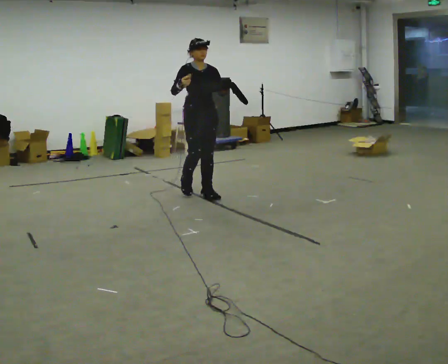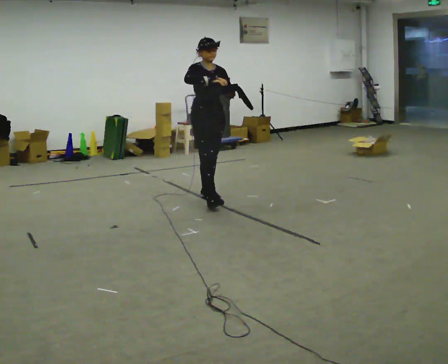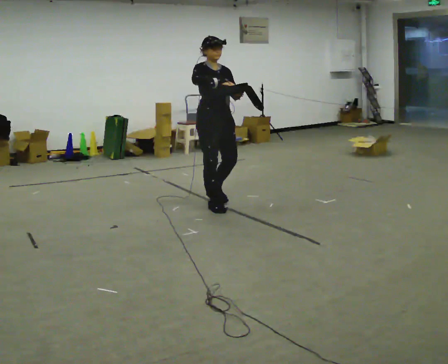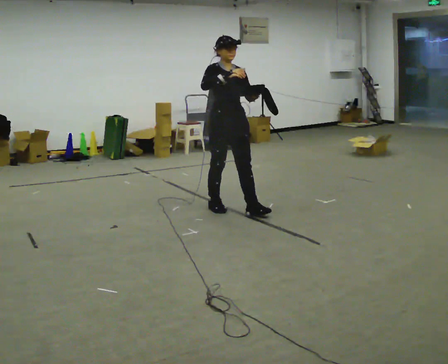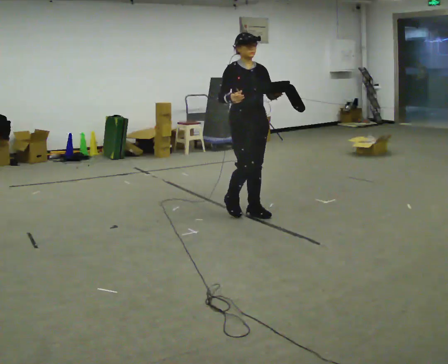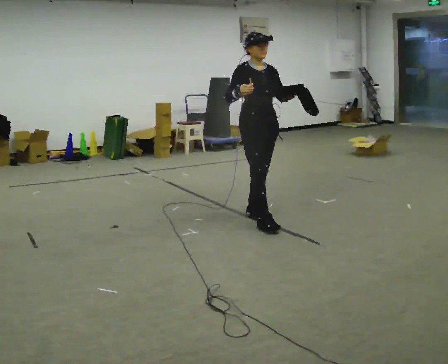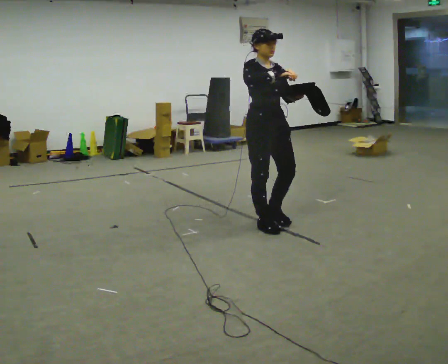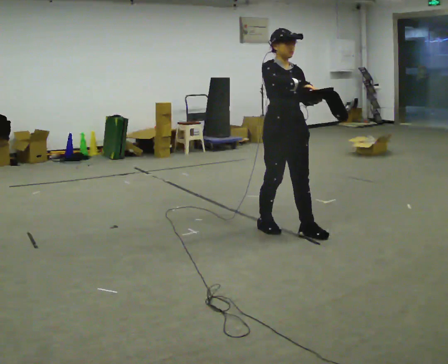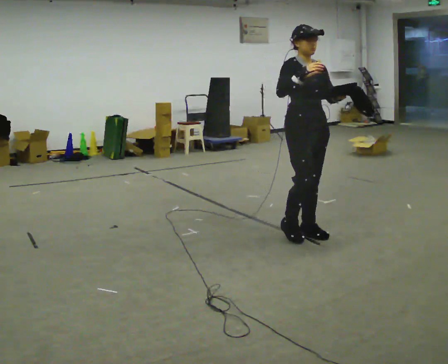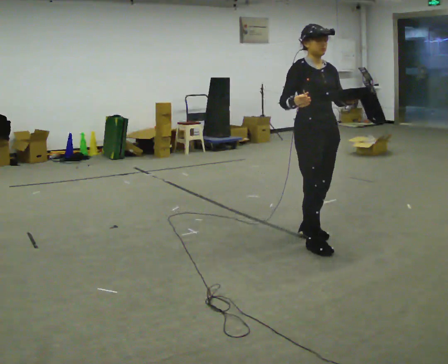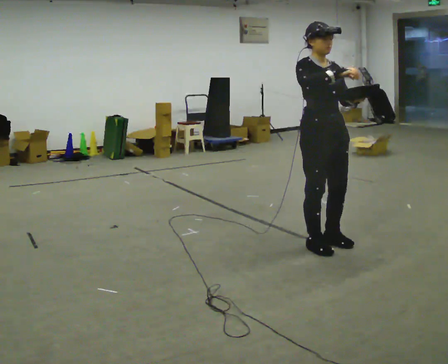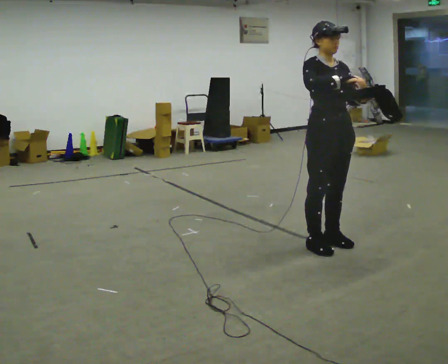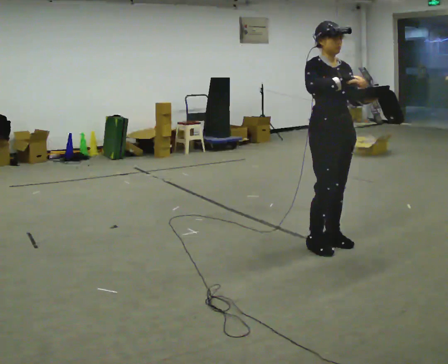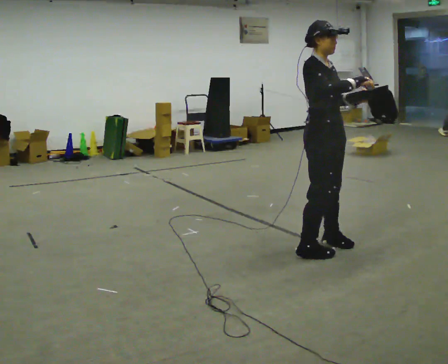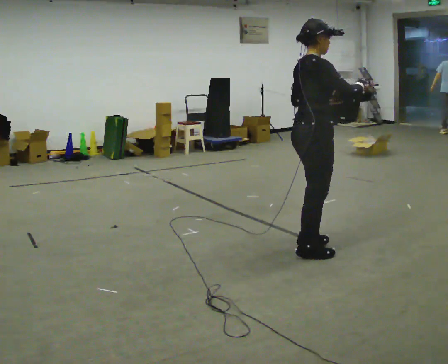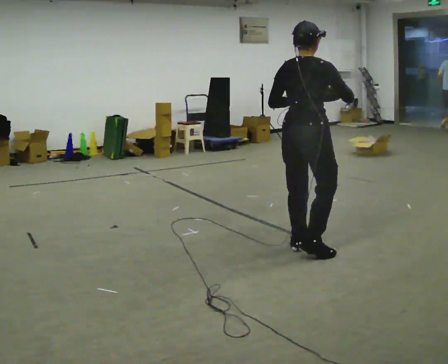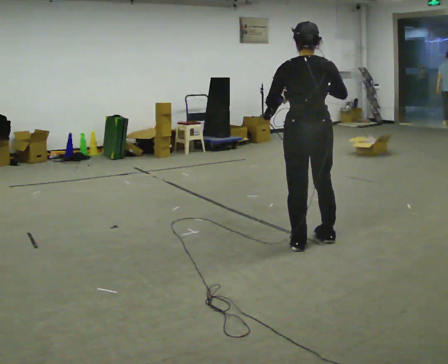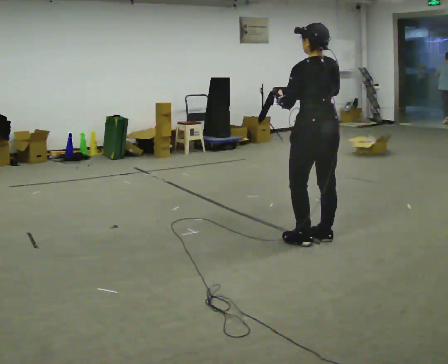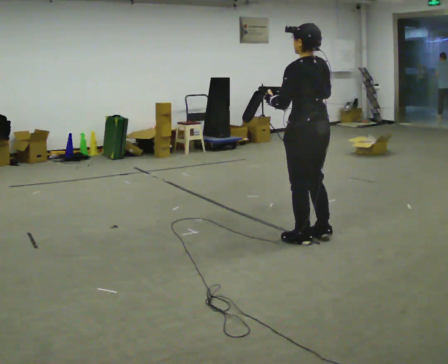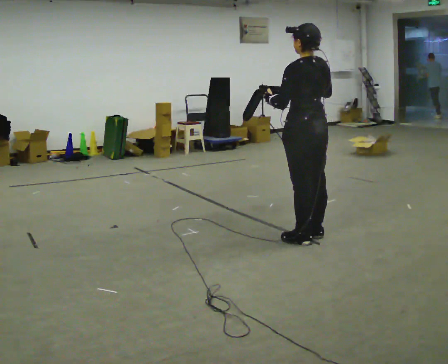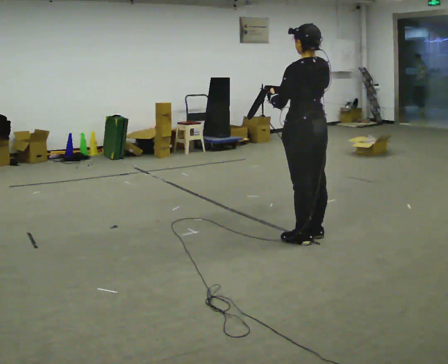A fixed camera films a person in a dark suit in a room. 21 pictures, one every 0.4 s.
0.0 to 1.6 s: In the picture they go toward the camera and to the right, about 1 m in 2 steps, which for them is forward.
1.6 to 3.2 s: In the picture they go toward the camera and to the right, about 0.5 m in 2 steps, which for them is forward.
3.2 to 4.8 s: In the picture they go toward the camera and to the right, about 0.25 m in 2 steps, which for them is forward.
4.8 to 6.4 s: The person turns about 150 degrees to their left, counterclockwise seen from above, so the part of the body nearest the lens slides to the right. In the picture they go to the left, about 0.25 m in 2 steps.
6.4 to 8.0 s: Seen from above the body turns counterclockwise, about 45 degrees: to their left, with its near side sliding to the right. In the picture they go away from the camera, about 0.25 m in 1 step, which for them is forward.
The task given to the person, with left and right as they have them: Carry the open container and, while walking, reach in with one hand and take an item out, then put it back. Repeat as you walk. Do not stop.
The film runs forward here.
